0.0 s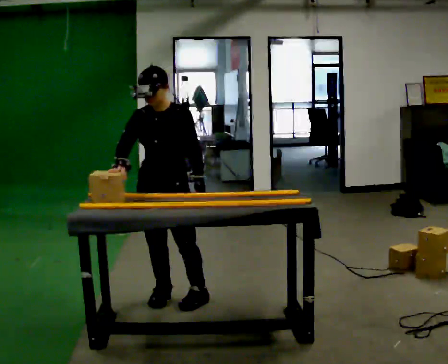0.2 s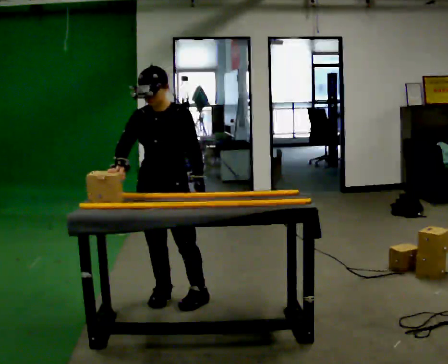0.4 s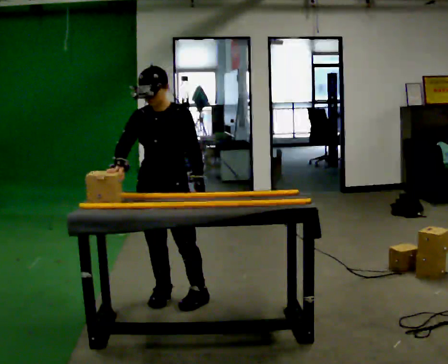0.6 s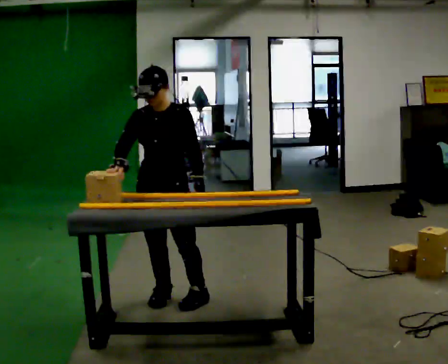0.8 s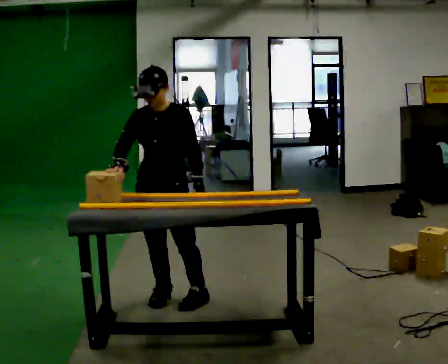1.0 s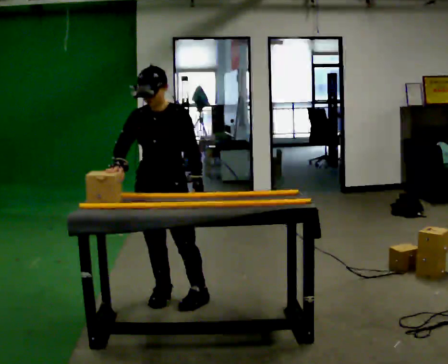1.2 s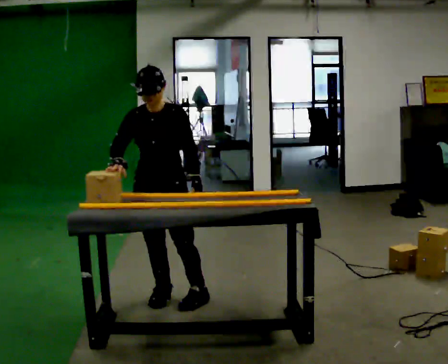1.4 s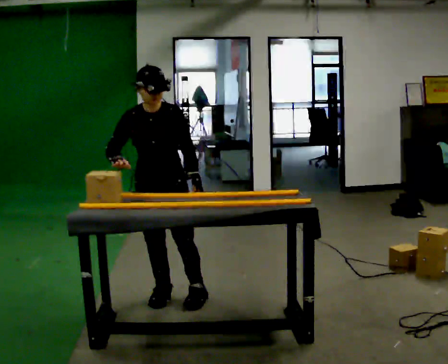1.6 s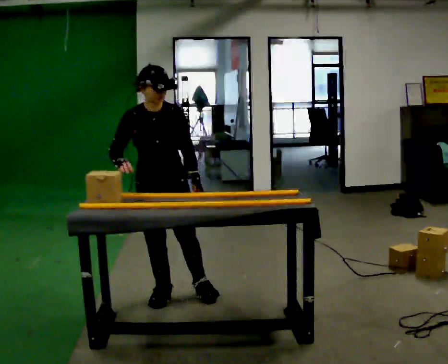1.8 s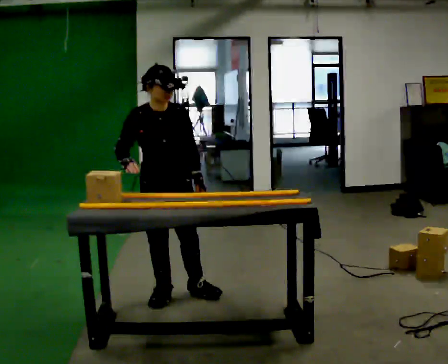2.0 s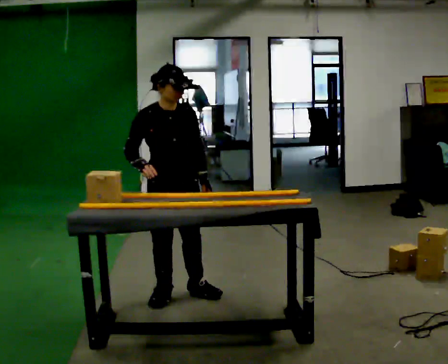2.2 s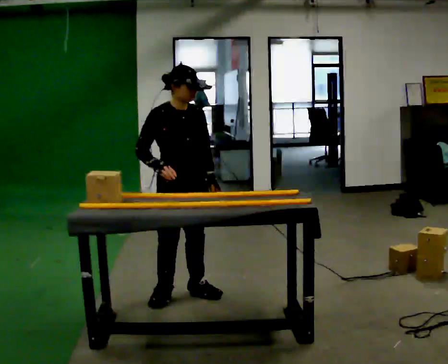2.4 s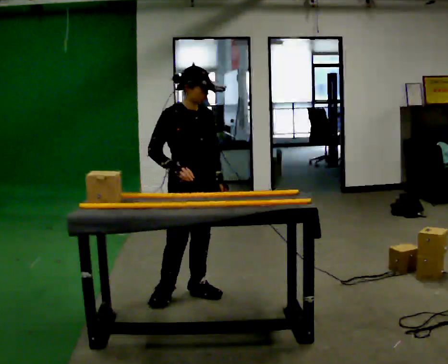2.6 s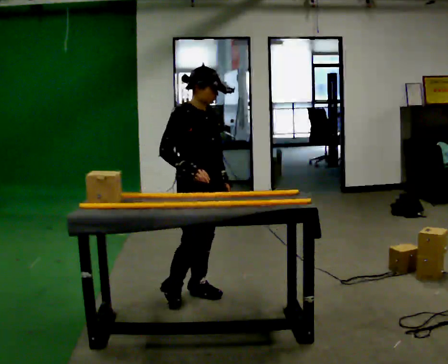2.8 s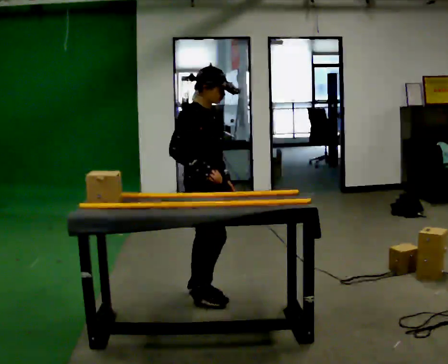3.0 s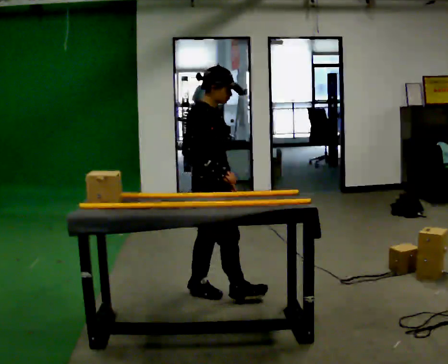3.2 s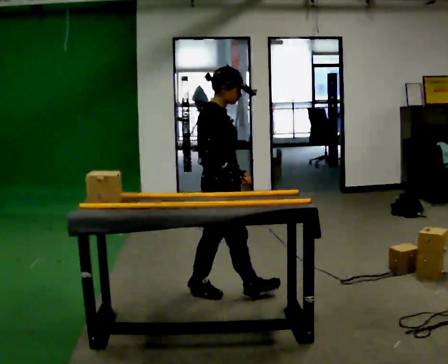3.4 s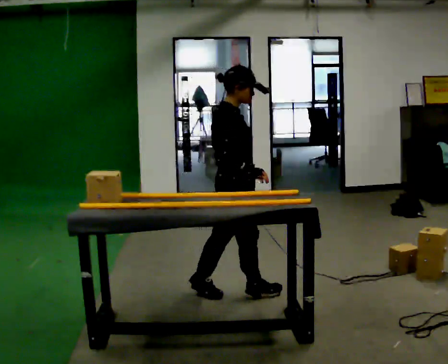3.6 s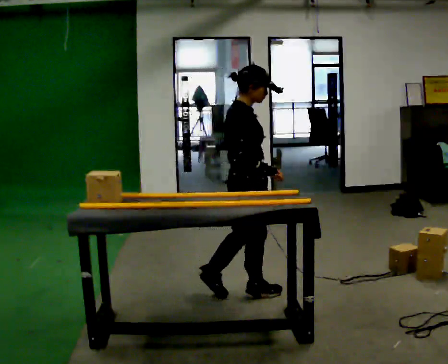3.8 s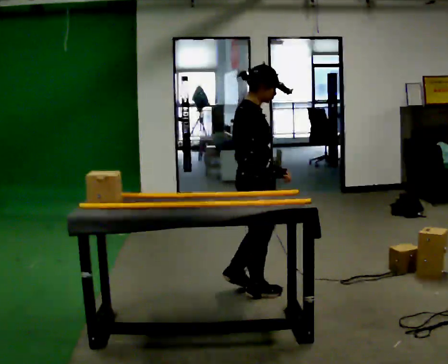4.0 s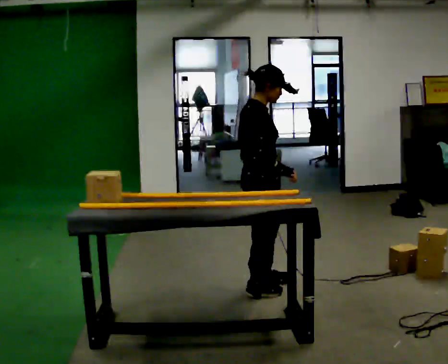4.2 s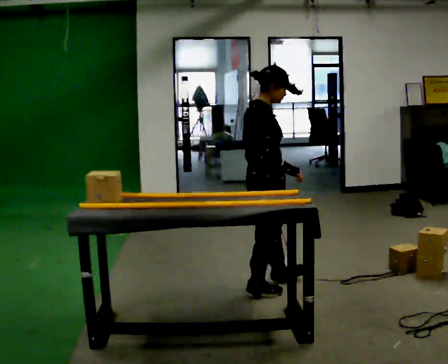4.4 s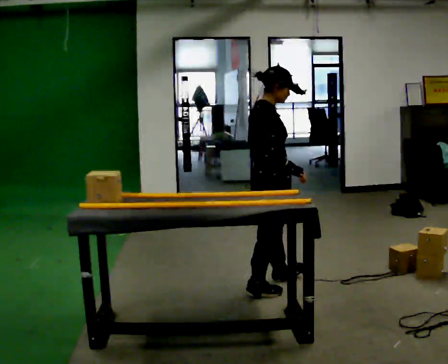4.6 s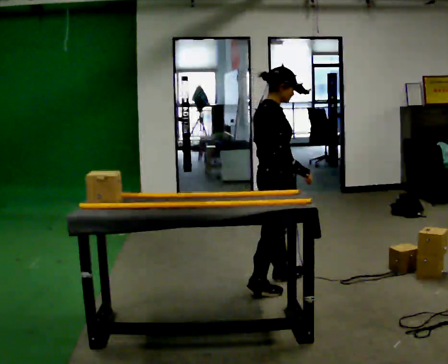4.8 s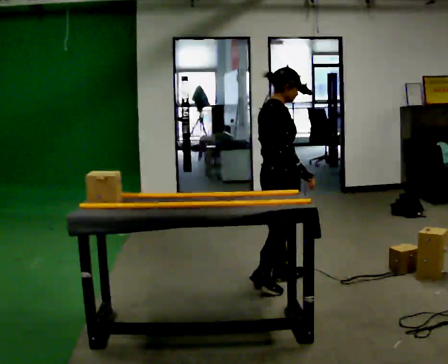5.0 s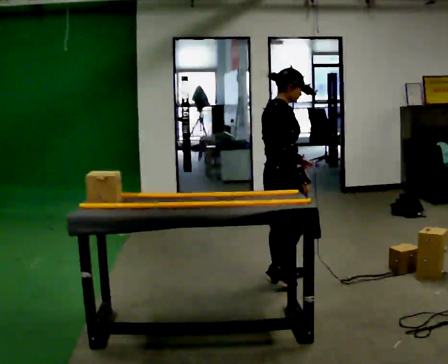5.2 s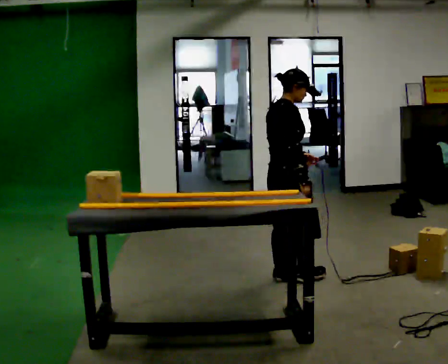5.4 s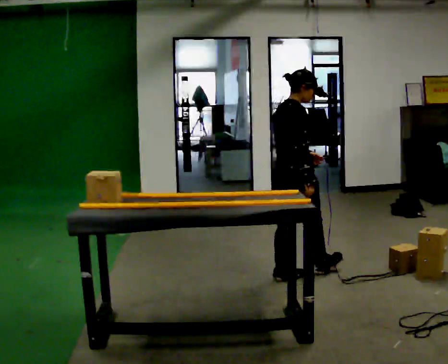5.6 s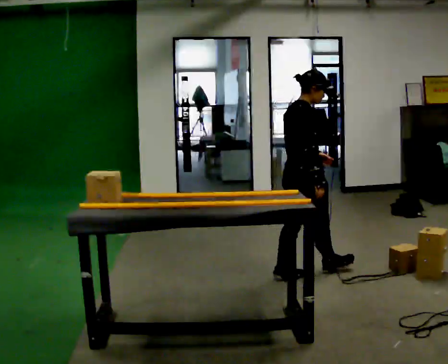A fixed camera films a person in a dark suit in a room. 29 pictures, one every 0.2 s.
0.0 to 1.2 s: The person moves a little, or ends about where they began.
1.2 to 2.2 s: The person turns about 30 degrees to their left, counterclockwise seen from above, so the part of the body nearest the lens slides to the right.
2.2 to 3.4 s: The person turns about 60 degrees to their left, counterclockwise seen from above, so the part of the body nearest the lens slides to the right. In the picture they go to the right, about 0.25 m in 1 step.
3.4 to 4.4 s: In the picture they go to the right, about 0.25 m in 1 step, which for them is forward.
4.4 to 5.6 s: In the picture they go away from the camera and to the right, about 0.5 m in 1 step, which for them is forward and to their left.
The film runs forward here.
